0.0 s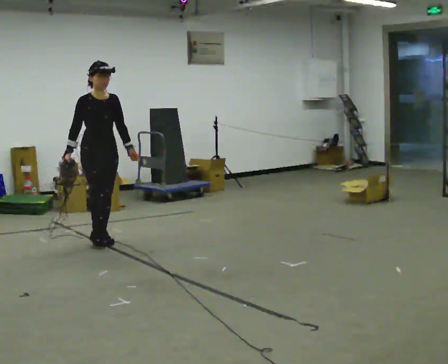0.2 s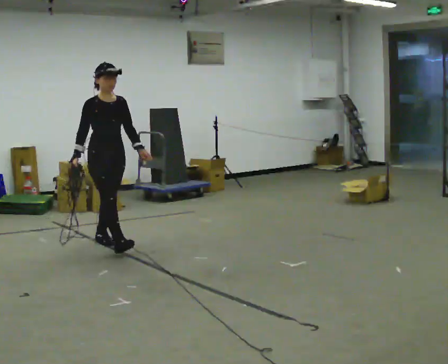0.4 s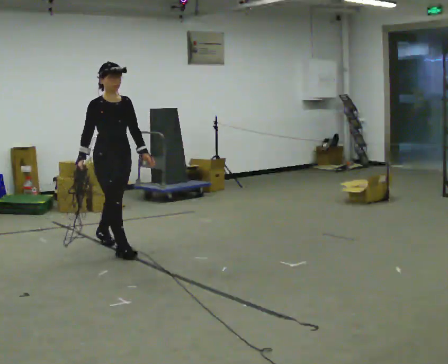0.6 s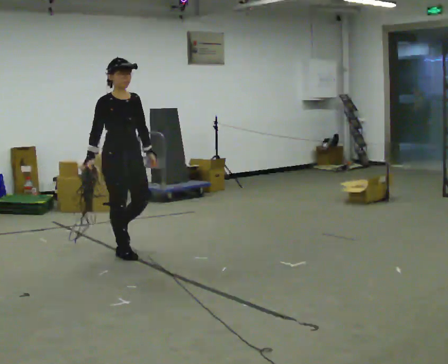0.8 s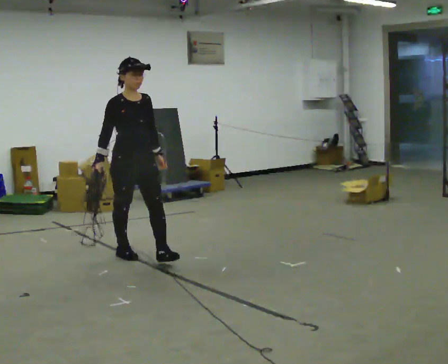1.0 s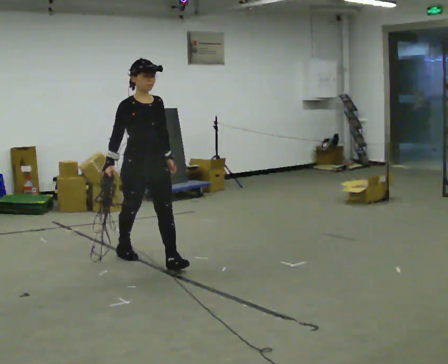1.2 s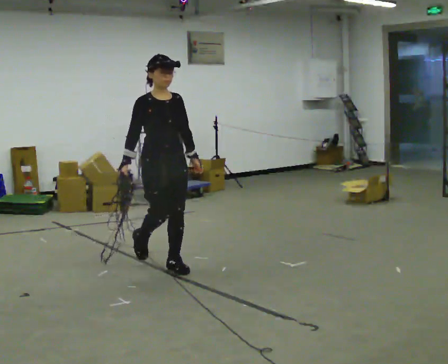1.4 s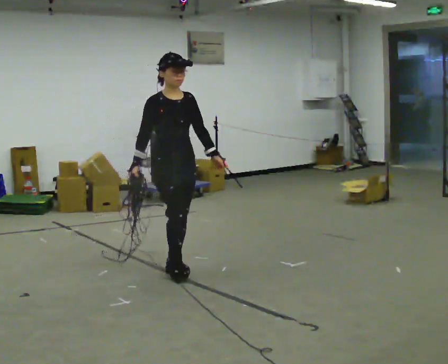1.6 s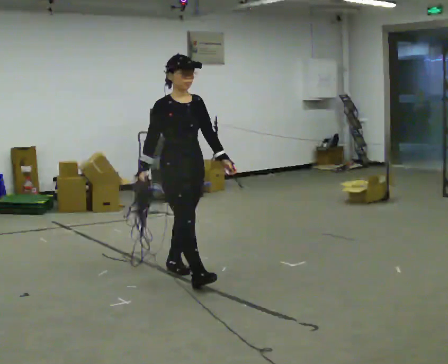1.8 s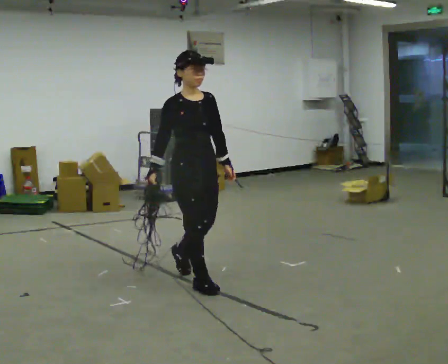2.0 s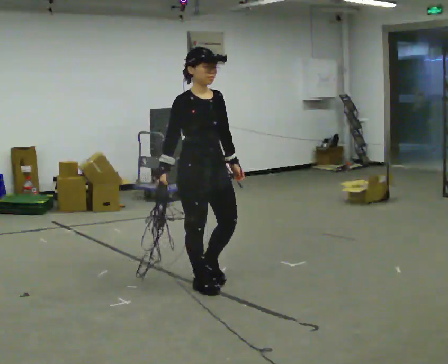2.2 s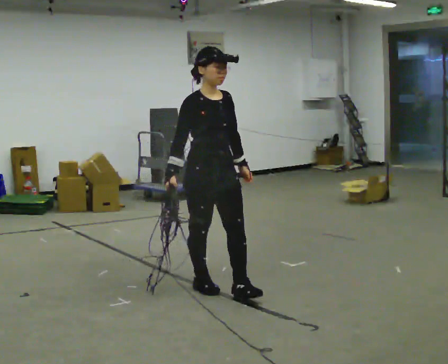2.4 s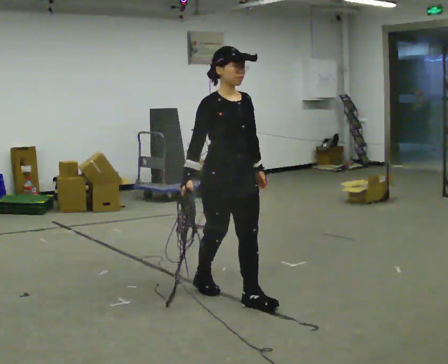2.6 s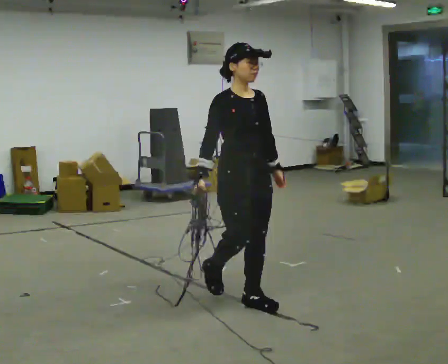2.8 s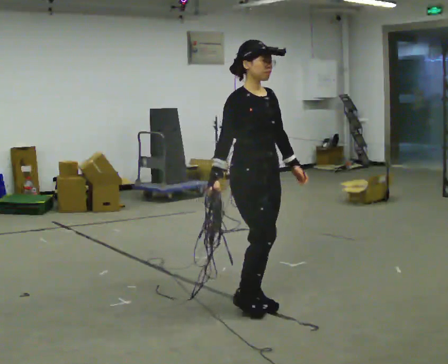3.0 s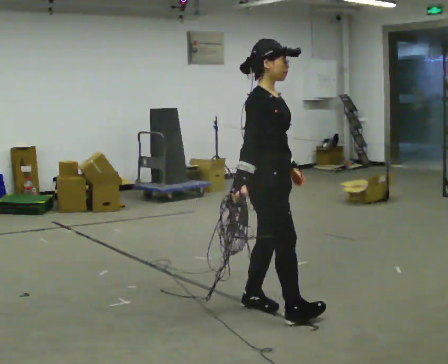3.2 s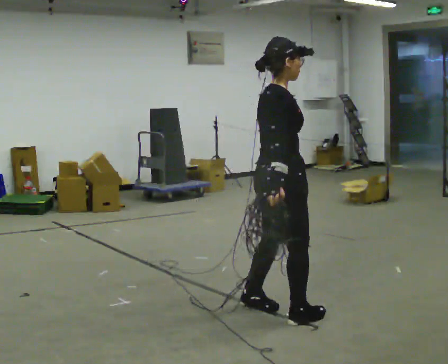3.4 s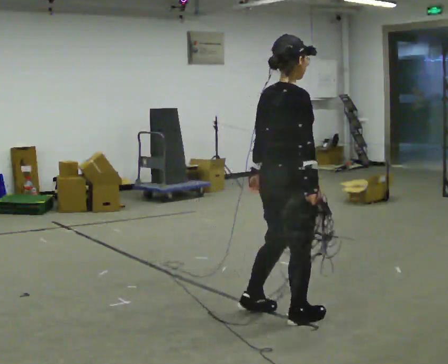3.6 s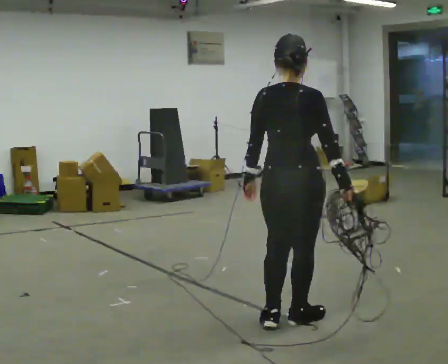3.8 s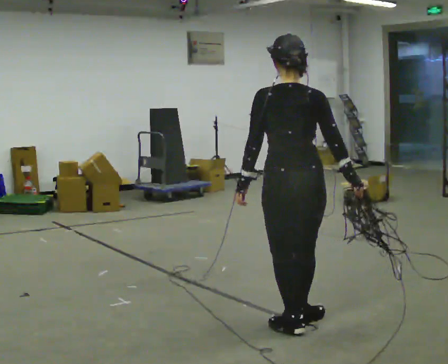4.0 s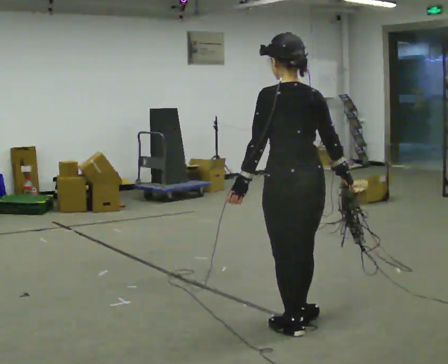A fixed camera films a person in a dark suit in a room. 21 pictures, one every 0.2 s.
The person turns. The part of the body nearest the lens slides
to the right.
Their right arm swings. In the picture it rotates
counterclockwise.
0.0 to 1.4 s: In the picture they go toward the camera and to the right, about 1 m in 2 steps, which for them is forward.
1.4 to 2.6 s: In the picture they go toward the camera and to the right, about 1 m in 2 steps, which for them is forward.
2.6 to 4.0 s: The part of the body nearest the lens slides to the right as the person turns to their left by about 165 degrees. In the picture they go toward the camera and to the right, about 0.5 m in 2 steps.
The film runs forward here.
